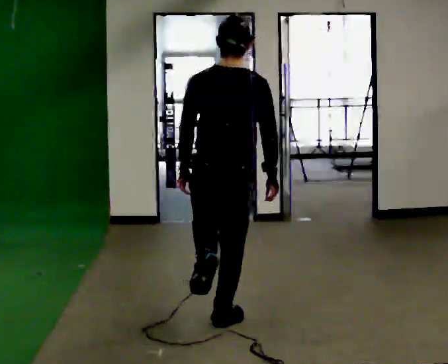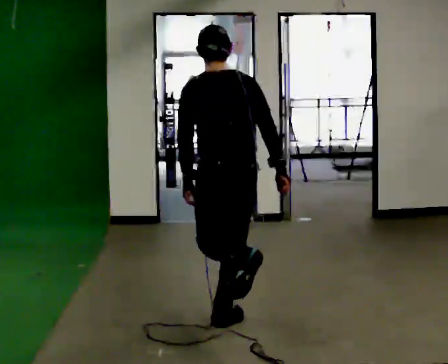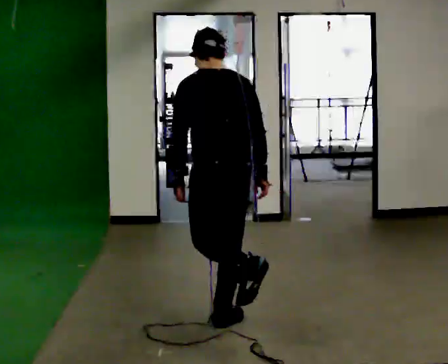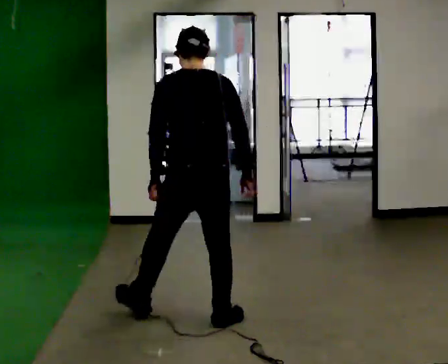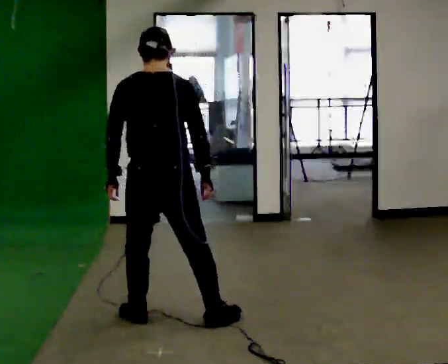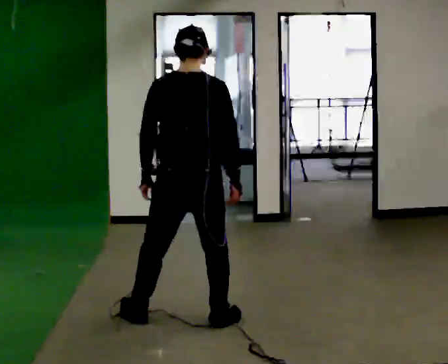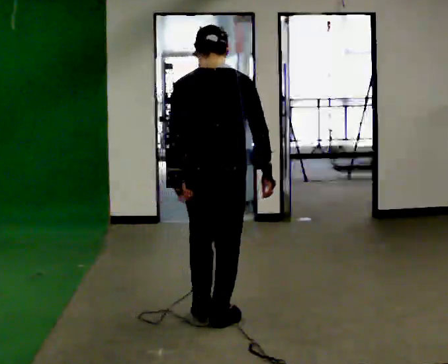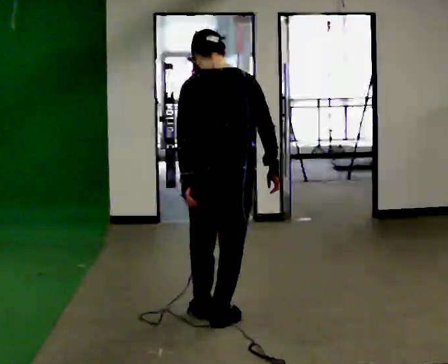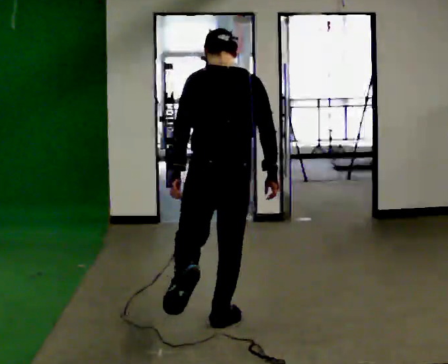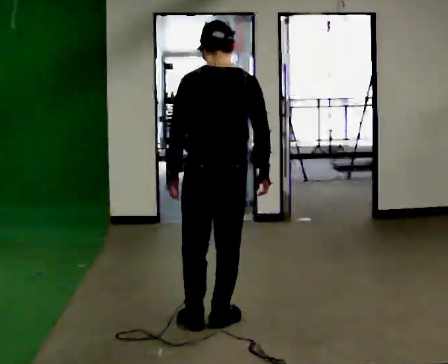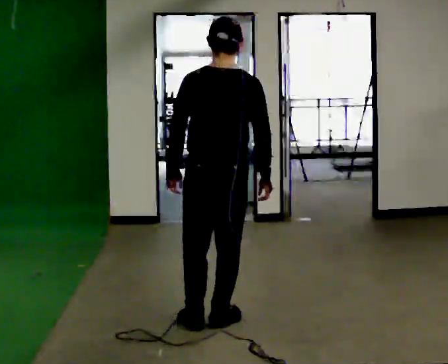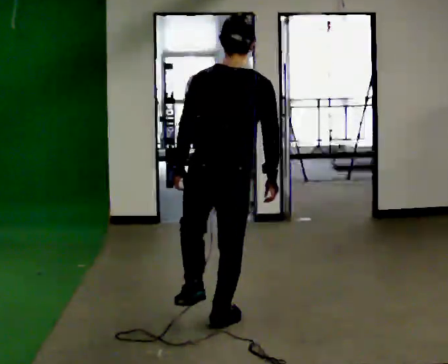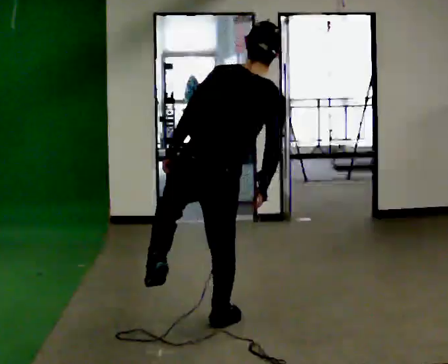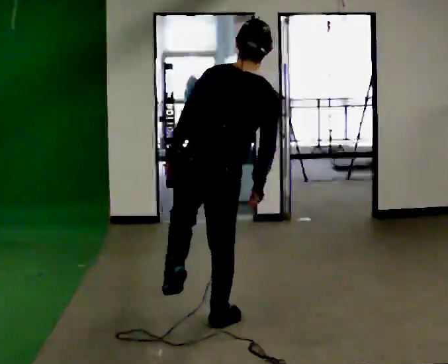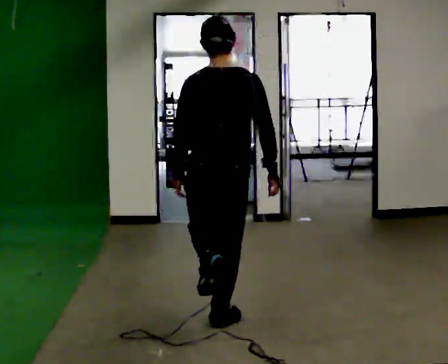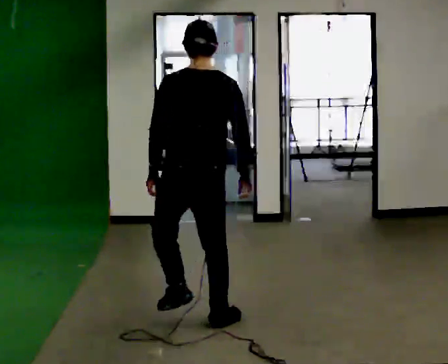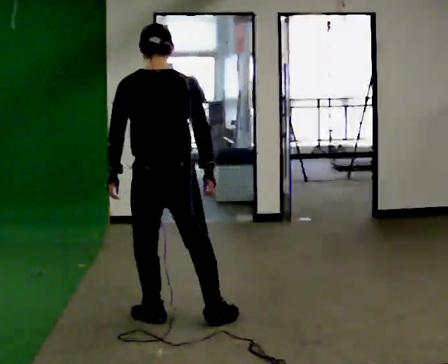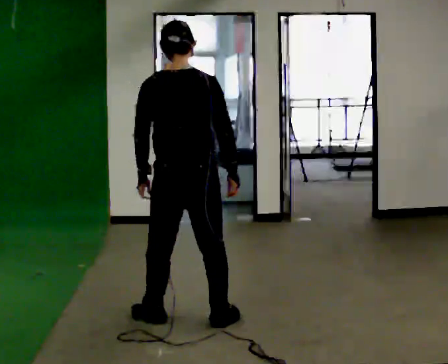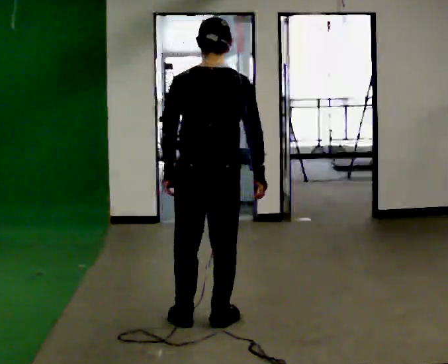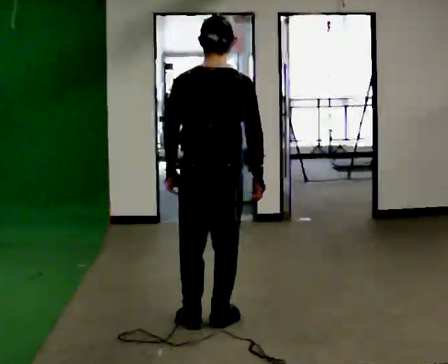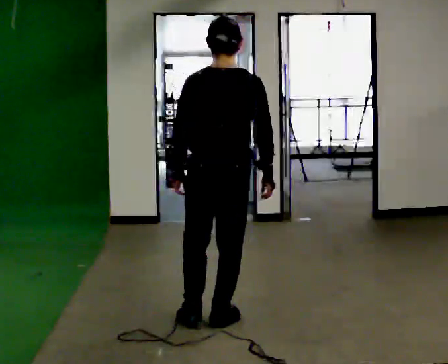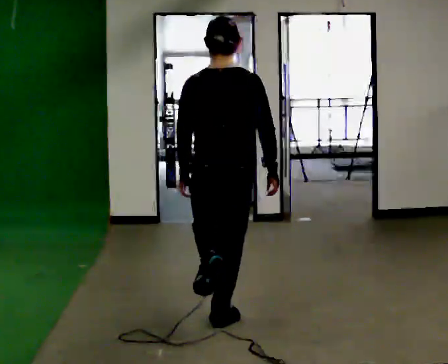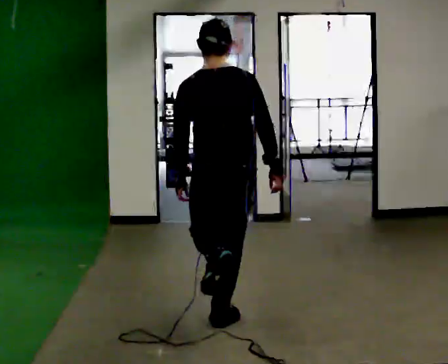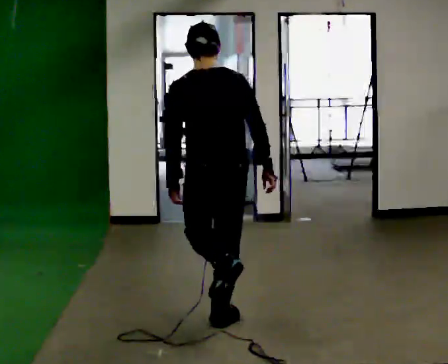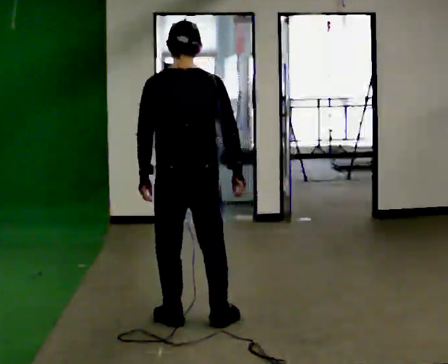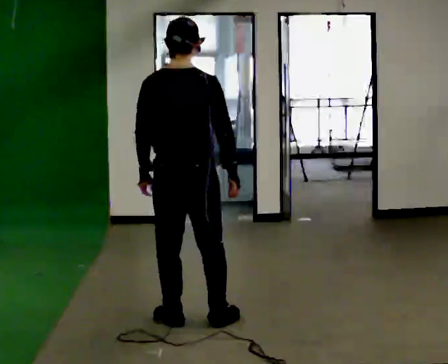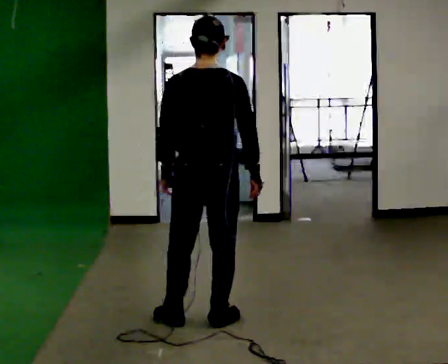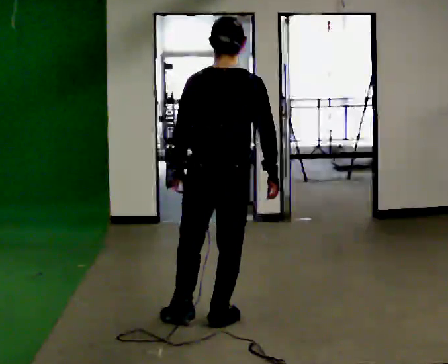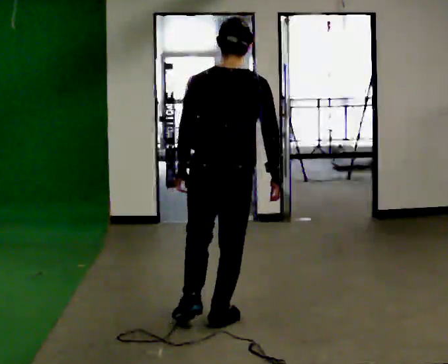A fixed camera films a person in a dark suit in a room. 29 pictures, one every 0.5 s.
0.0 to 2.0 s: In the picture they go to the left, about 0.25 m in 2 steps, which for them is to their left and forward.
2.0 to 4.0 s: In the picture they go to the right, about 0.25 m in 1 step, which for them is to their right.
4.0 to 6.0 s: In the picture the upper body tilts clockwise, shoulders to the right.
6.0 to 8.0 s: In the picture they go to the left, about 0.25 m in 2 steps, which for them is to their left. In the picture the upper body tilts counterclockwise, shoulders to the left. In the picture their left hand goes to the left.
8.0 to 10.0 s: In the picture they go to the right, about 0.25 m in 1 step, which for them is to their right.
10.0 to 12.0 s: In the picture they go to the left, about 0.25 m in 2 steps, which for them is to their left.
12.0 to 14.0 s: In the picture they go to the right, about 0.25 m, which for them is to their right.
The film runs forward here.
